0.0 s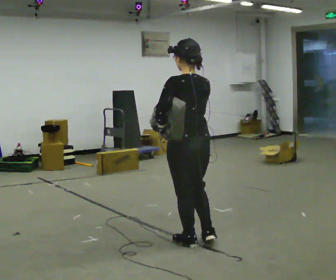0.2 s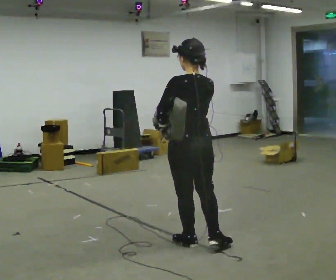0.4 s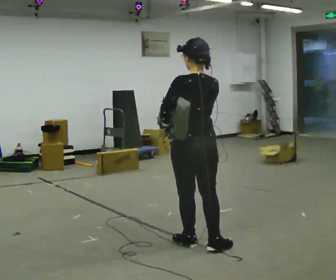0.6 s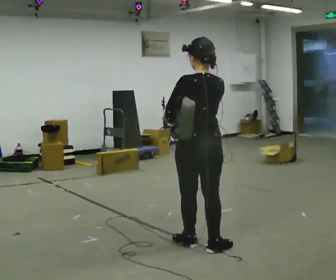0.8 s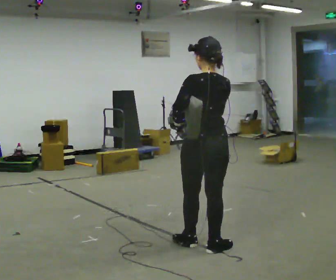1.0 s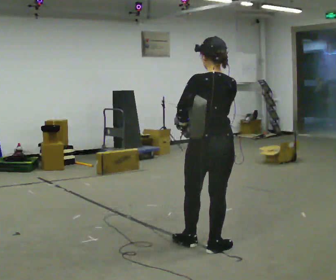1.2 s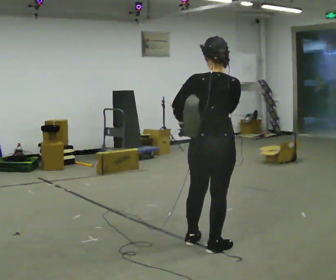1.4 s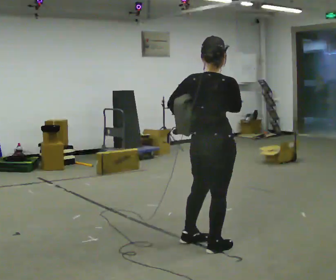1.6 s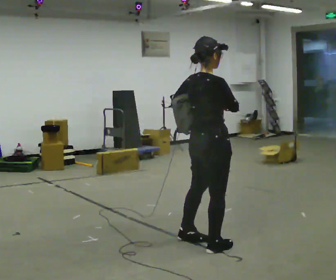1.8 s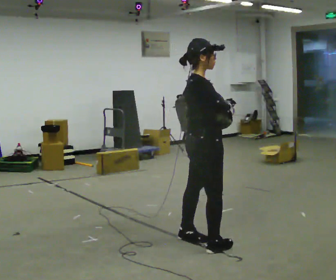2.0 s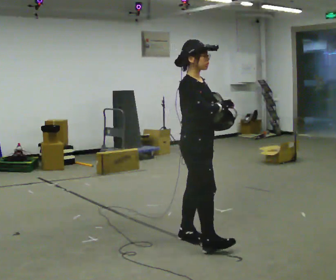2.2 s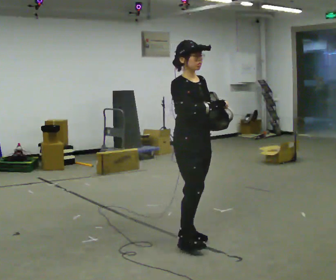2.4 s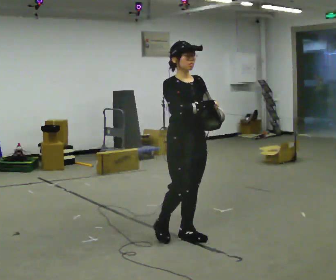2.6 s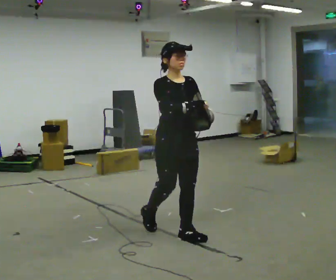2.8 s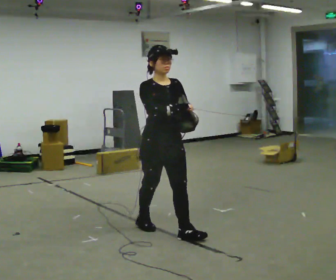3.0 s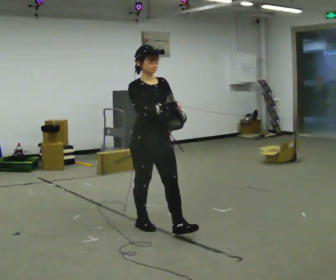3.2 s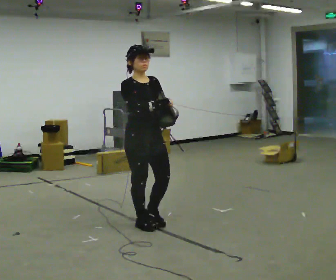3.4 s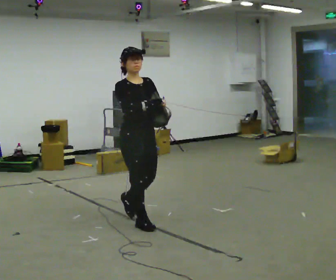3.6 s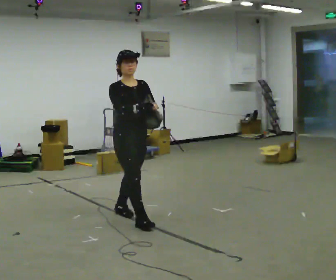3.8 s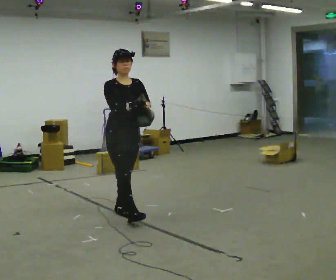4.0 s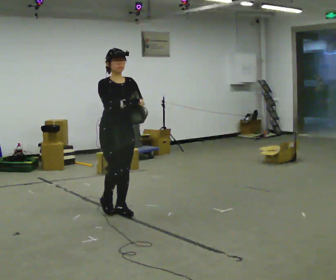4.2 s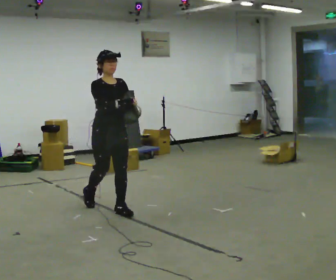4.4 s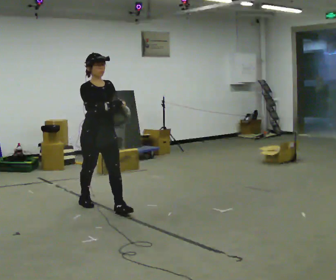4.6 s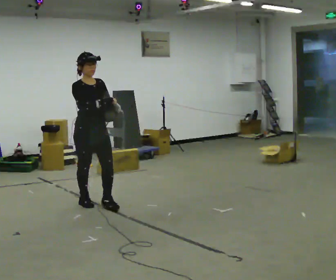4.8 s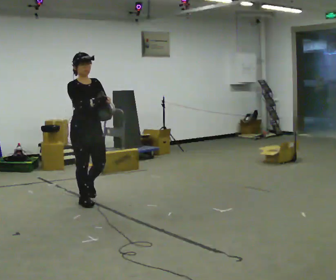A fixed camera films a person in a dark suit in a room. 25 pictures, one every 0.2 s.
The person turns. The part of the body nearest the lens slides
to the left.
The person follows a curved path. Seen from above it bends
counterclockwise.
0.0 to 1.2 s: The part of the body nearest the lens slides to the left as the person turns to their right by about 30 degrees. In the picture they go to the right, about 0.25 m, which for them is to their right and backward.
1.2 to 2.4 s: The person turns about 135 degrees to their right, clockwise seen from above, so the part of the body nearest the lens slides to the left. In the picture they go away from the camera and to the left, about 0.25 m in 2 steps.
2.4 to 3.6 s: In the picture they go to the left and away from the camera, about 0.5 m in 1 step, which for them is backward.
3.6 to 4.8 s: In the picture they go to the left and away from the camera, about 1 m in 2 steps, which for them is backward.
The film runs backward here.
